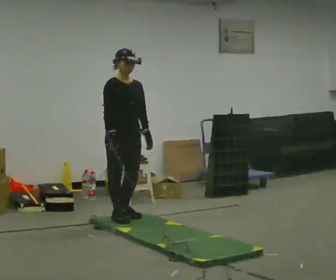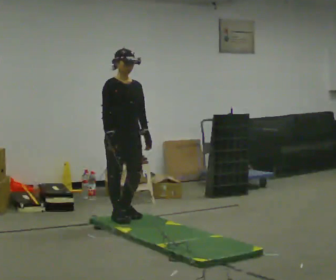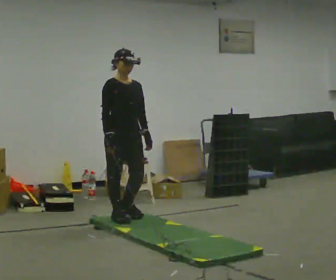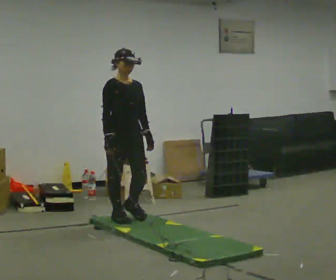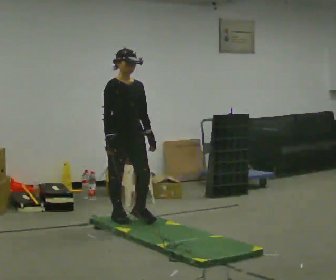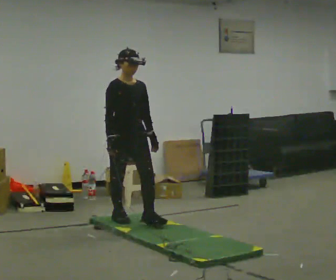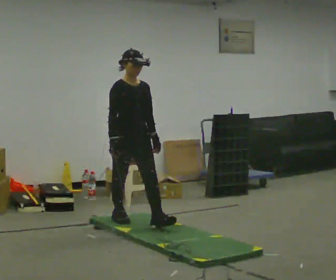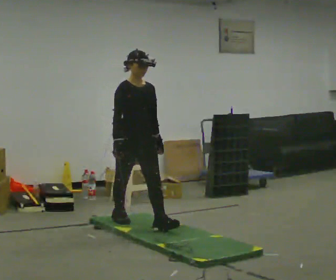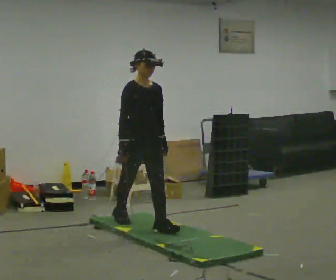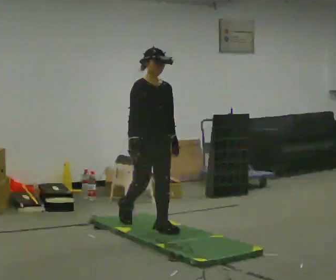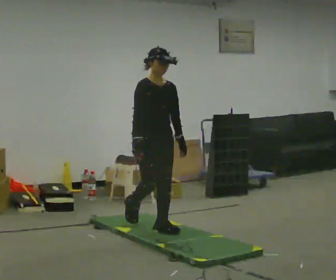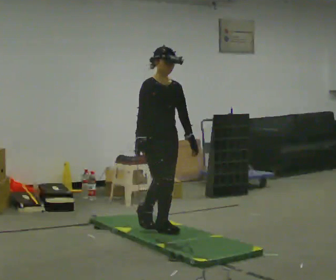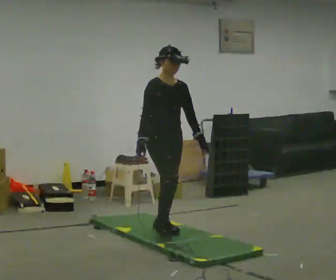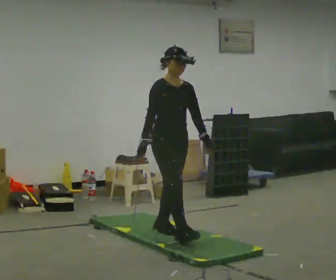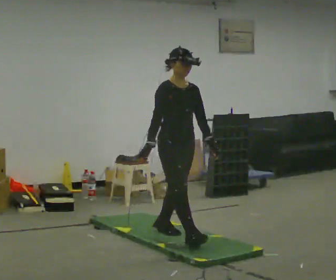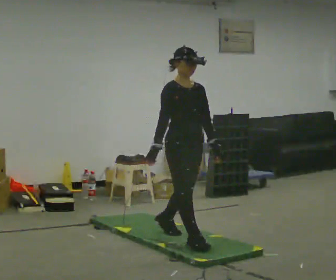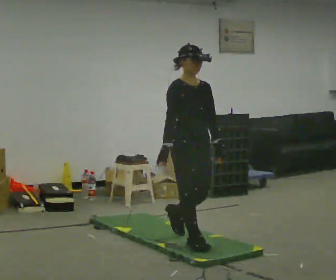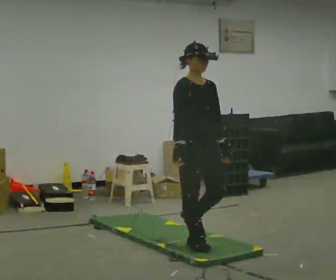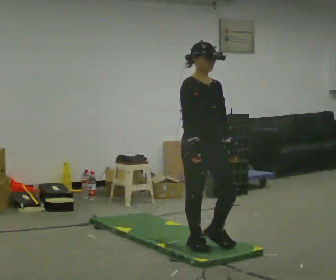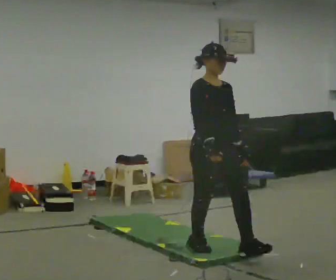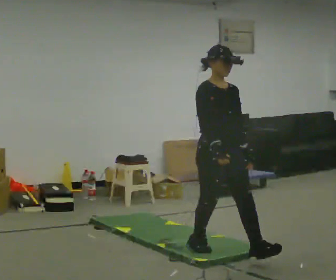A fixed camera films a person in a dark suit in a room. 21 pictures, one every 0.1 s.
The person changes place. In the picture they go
toward the camera.
0.0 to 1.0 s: In the picture they go toward the camera and to the right, about 0.5 m in 1 step, which for them is forward.
1.0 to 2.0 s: In the picture they go toward the camera and to the right, about 1 m in 1 step, which for them is forward.
The film runs forward here.
